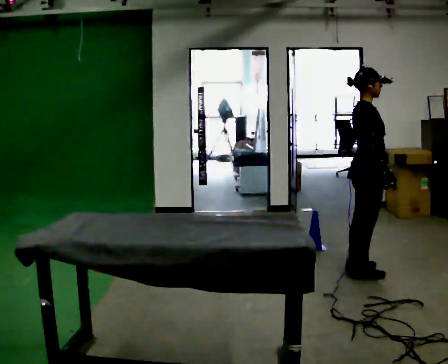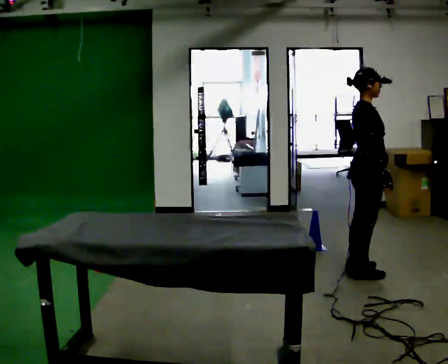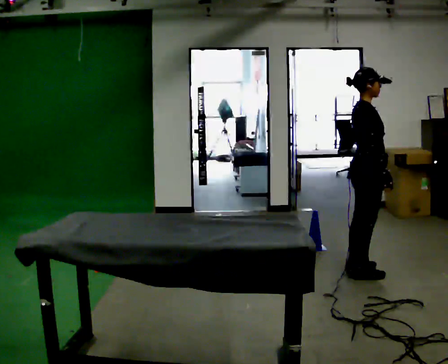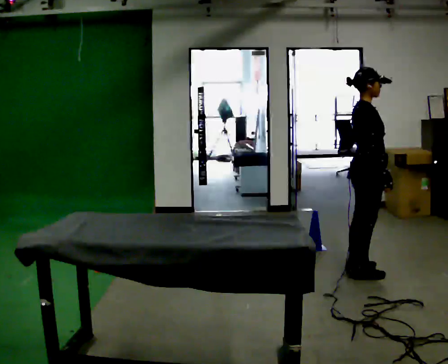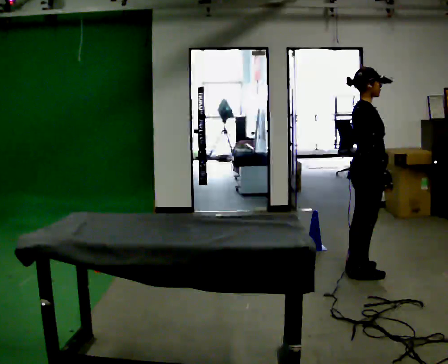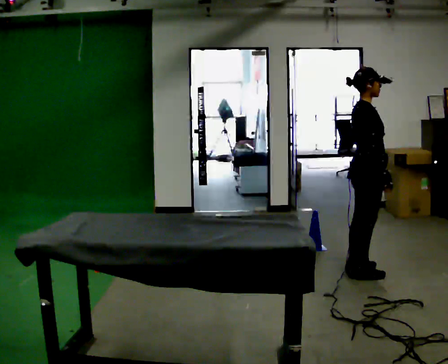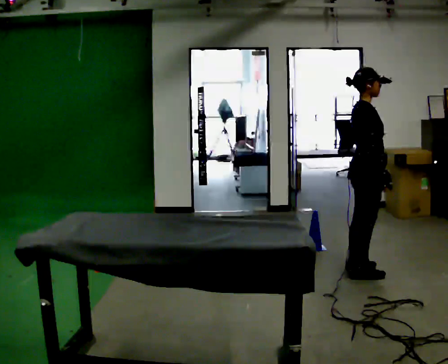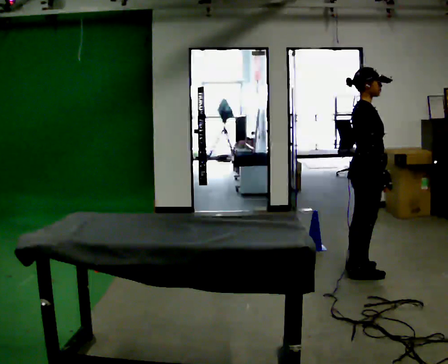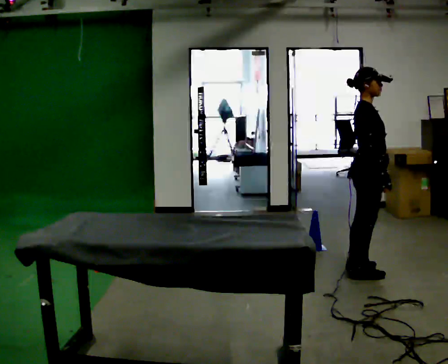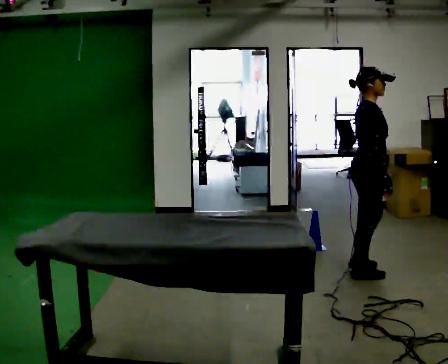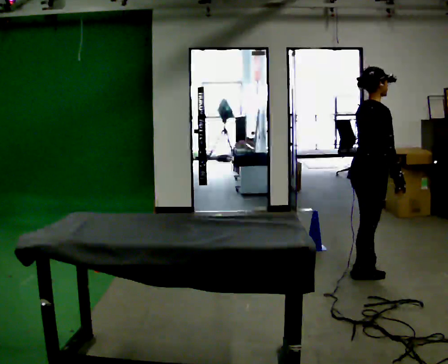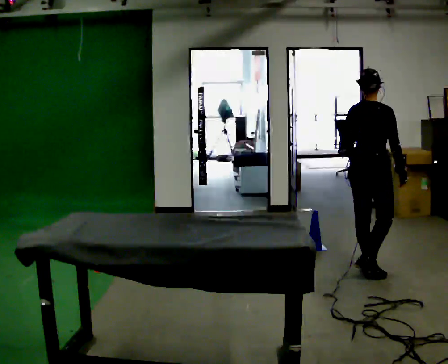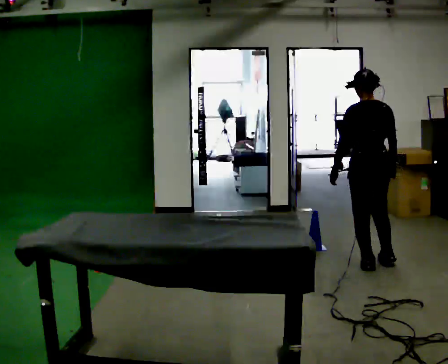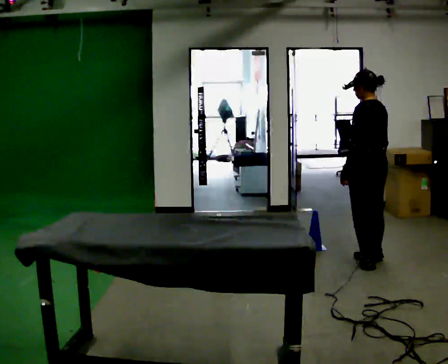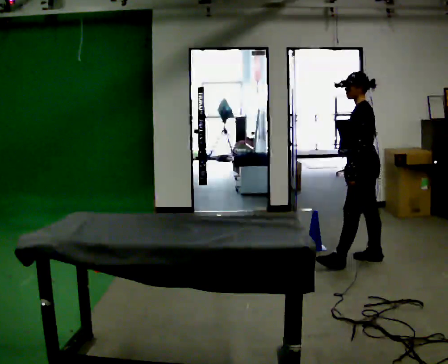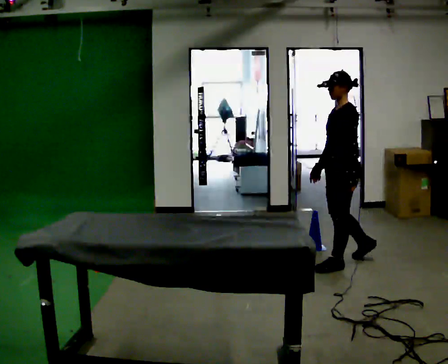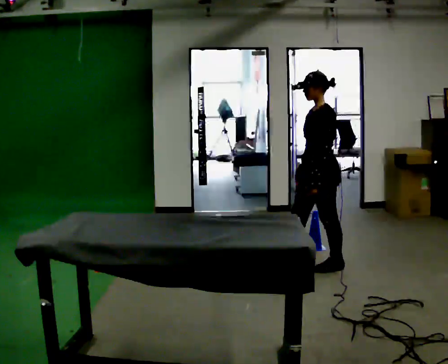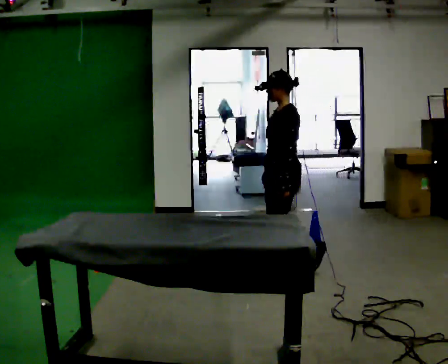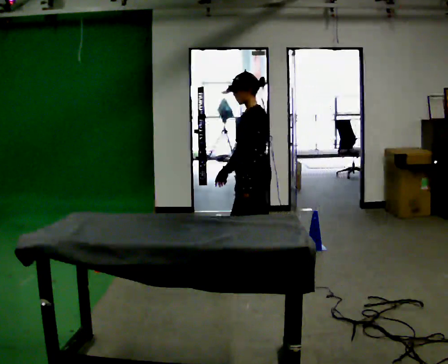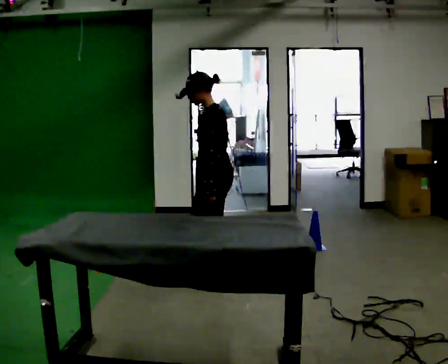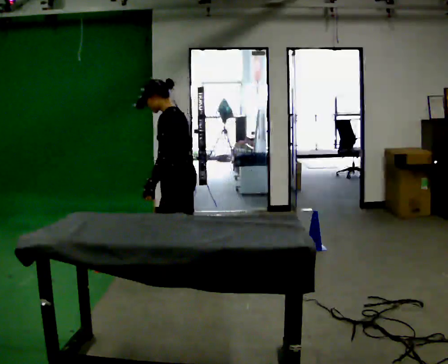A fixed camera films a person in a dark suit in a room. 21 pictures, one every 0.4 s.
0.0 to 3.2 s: The person moves a little, or ends about where they began.
3.2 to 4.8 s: The part of the body nearest the lens slides to the right as the person turns to their left by about 105 degrees. In the picture they go away from the camera, about 0.25 m in 1 step. In the picture their left hand goes to the left.
4.8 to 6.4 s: The person turns about 105 degrees to their left, counterclockwise seen from above, so the part of the body nearest the lens slides to the right. In the picture they go to the left, about 0.5 m in 2 steps.
6.4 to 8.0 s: In the picture they go to the left and toward the camera, about 1 m in 3 steps, which for them is forward.
The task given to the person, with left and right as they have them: Collect three or four objects from around the room, gather them in your arms, then carry them all to the shelf together. Keep going until the operator says stop; one object at a time, and do not rush between trips.
The film runs forward here.
